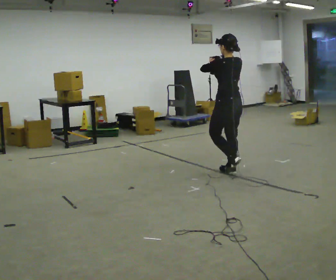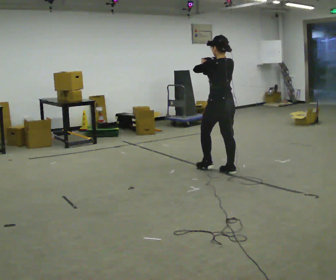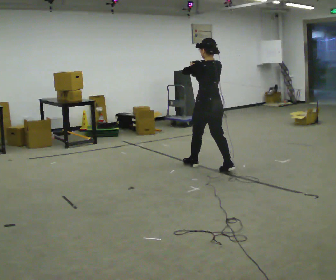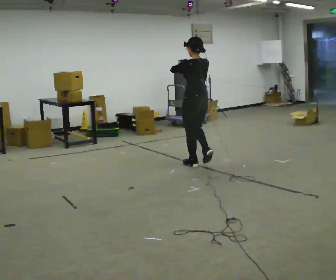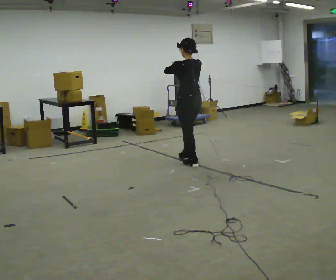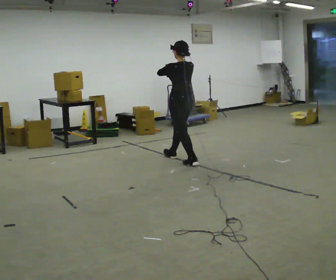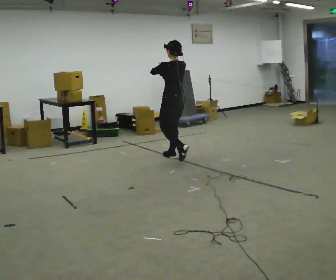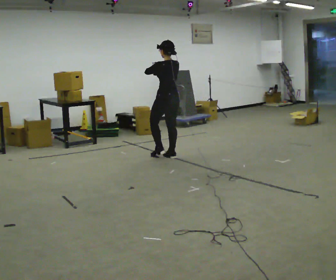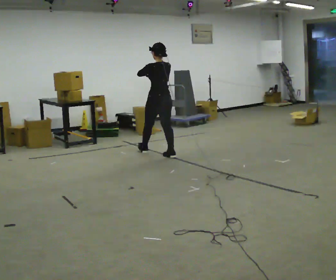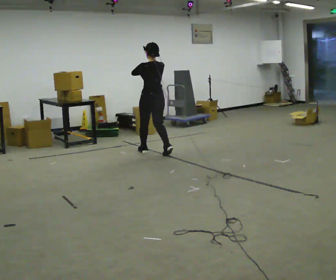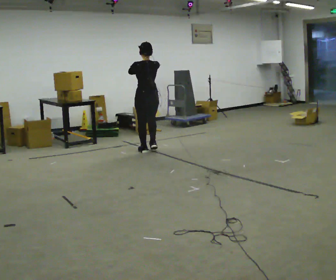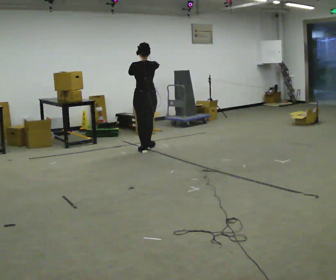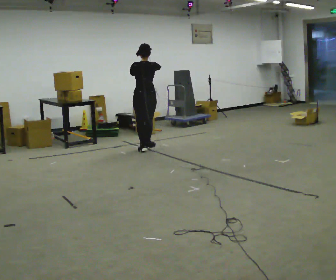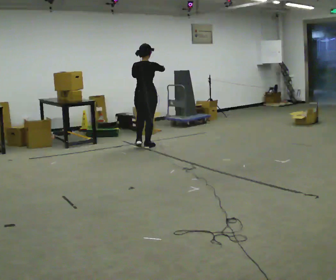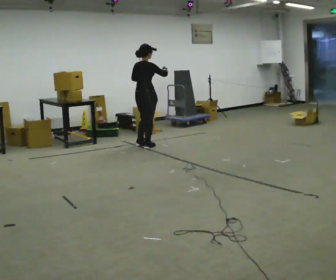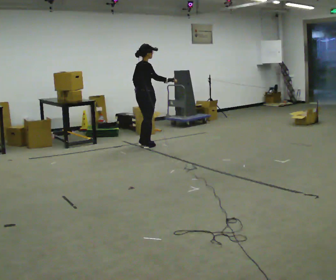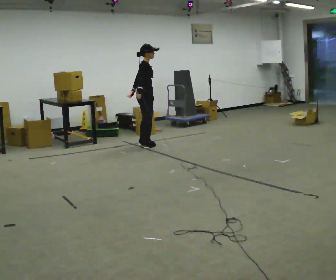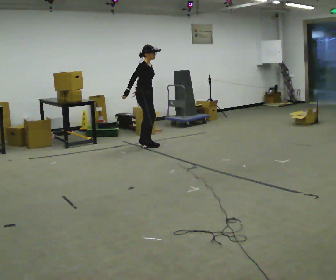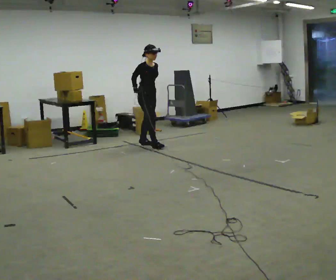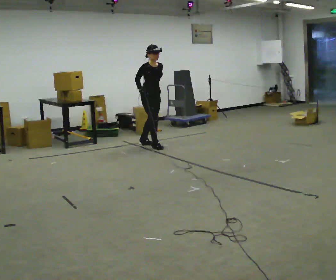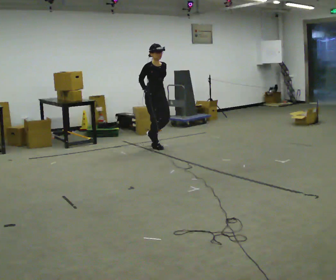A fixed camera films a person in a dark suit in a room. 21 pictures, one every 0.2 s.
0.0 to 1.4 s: In the picture they go away from the camera and to the left, about 1 m in 2 steps, which for them is forward.
1.4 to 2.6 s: The part of the body nearest the lens slides to the left as the person turns to their right by about 60 degrees. In the picture they go away from the camera and to the left, about 0.75 m in 2 steps, which for them is forward and to their left.
2.6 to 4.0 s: The part of the body nearest the lens slides to the left as the person turns to their right by about 120 degrees. In the picture they go to the right, about 0.25 m in 1 step. In the picture their right hand goes downward.
The film runs forward here.
